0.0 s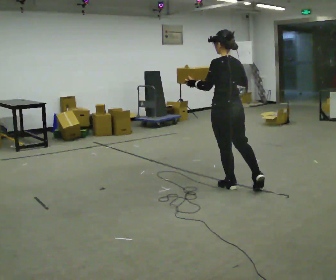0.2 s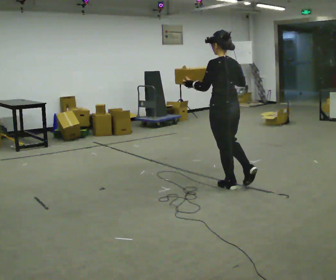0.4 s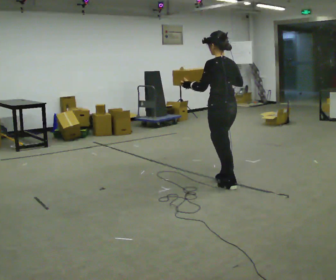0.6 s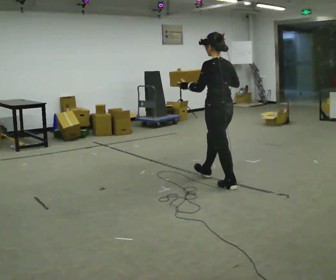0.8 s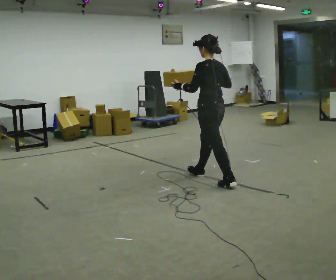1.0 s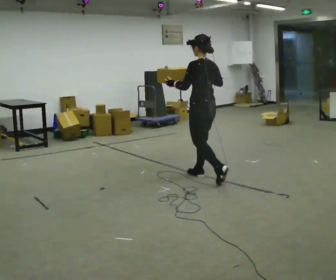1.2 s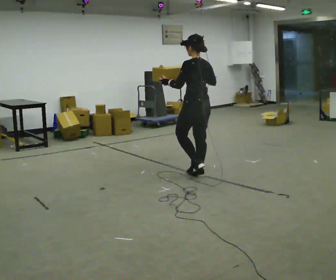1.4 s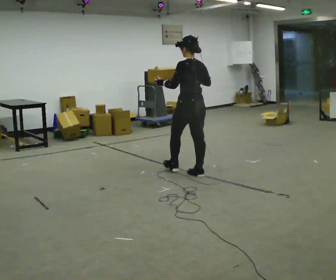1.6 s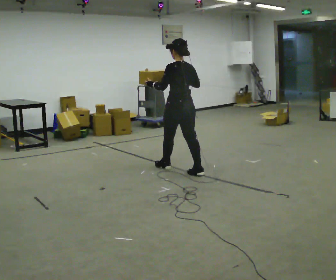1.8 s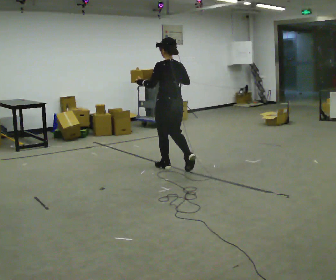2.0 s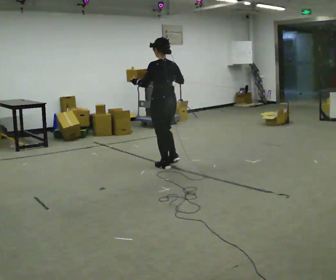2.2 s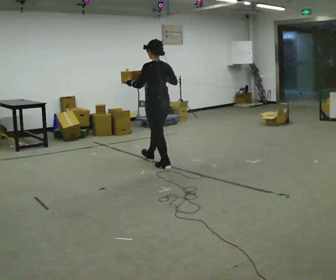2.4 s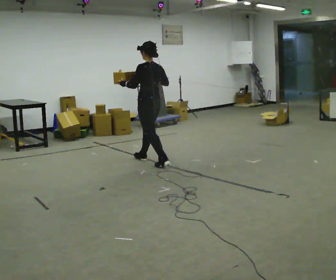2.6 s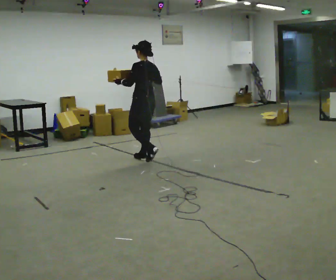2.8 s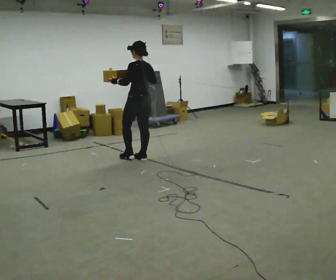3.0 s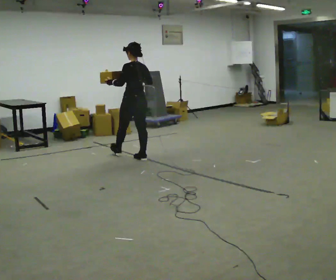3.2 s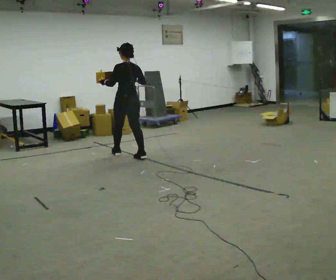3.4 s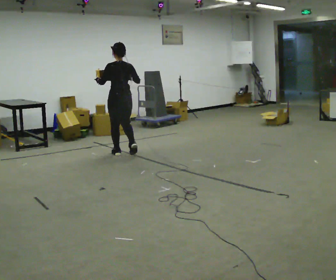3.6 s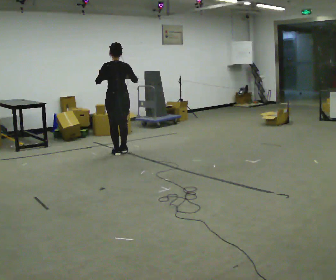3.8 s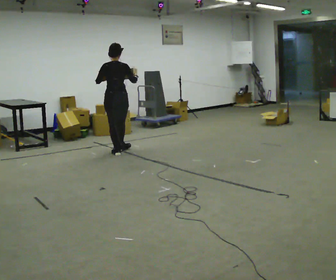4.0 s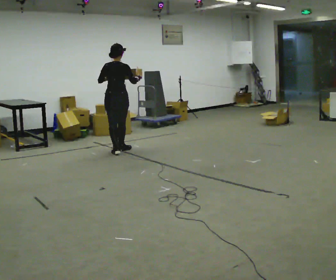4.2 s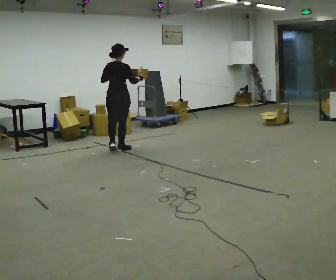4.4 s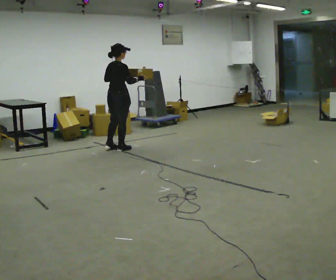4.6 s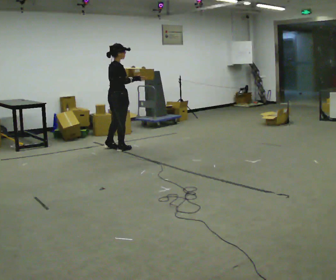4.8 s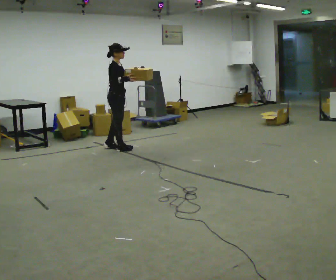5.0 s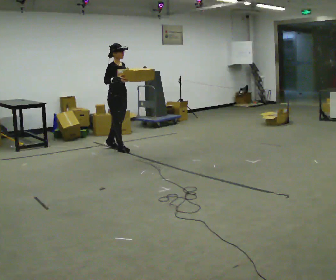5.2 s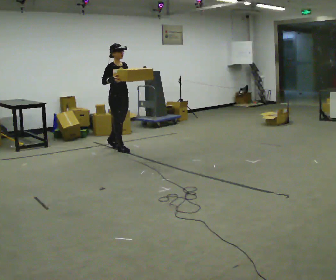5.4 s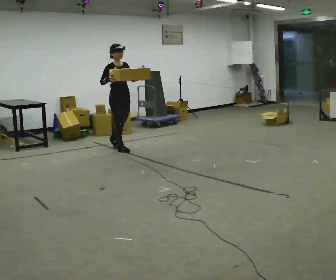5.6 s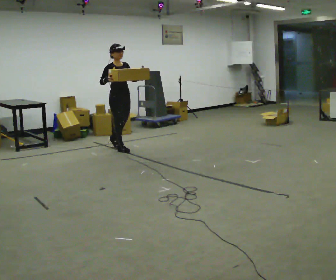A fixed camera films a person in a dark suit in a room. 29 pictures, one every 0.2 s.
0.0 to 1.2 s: In the picture they go away from the camera and to the left, about 0.5 m in 1 step, which for them is forward.
1.2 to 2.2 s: In the picture they go away from the camera and to the left, about 0.75 m in 1 step, which for them is forward.
2.2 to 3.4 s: In the picture they go away from the camera and to the left, about 1 m in 2 steps, which for them is forward.
3.4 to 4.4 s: Seen from above the body turns clockwise, about 60 degrees: to their right, with its near side sliding to the left. In the picture they go away from the camera, about 0.25 m in 1 step, which for them is forward.
4.4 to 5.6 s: The part of the body nearest the lens slides to the left as the person turns to their right by about 90 degrees. In the picture their left hand goes to the right.
The film runs forward here.
